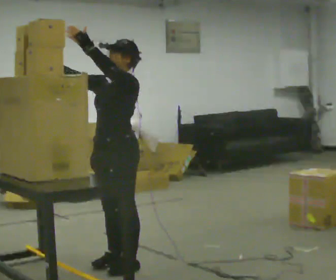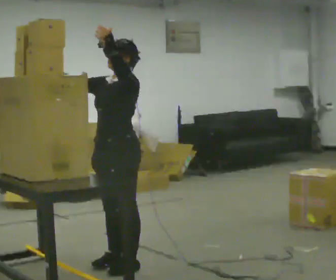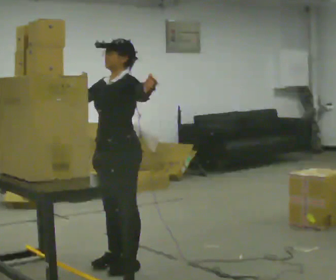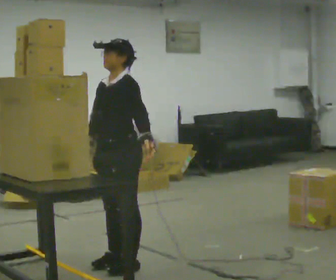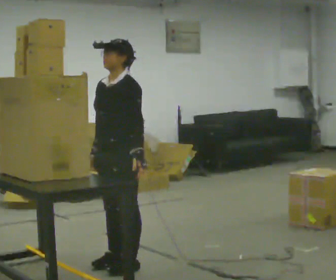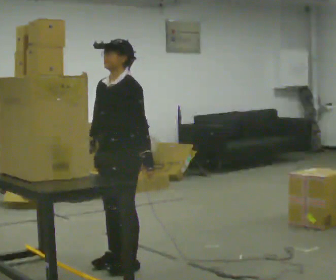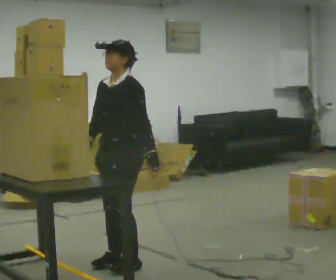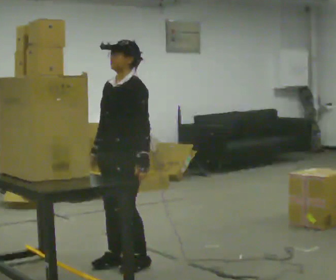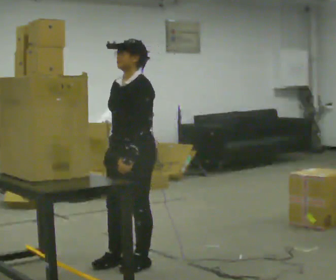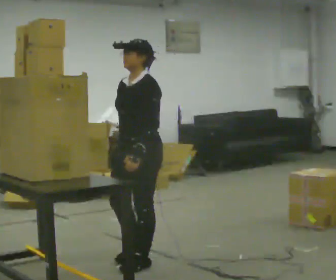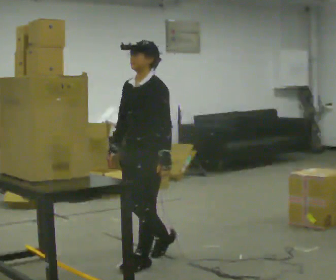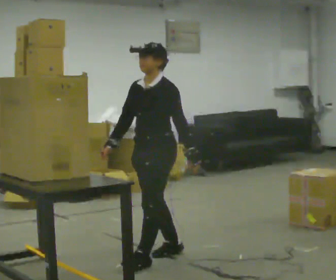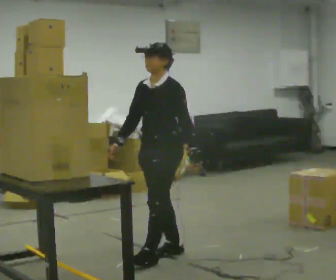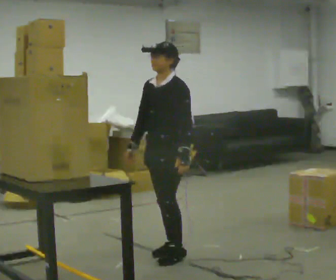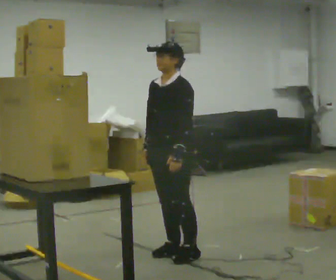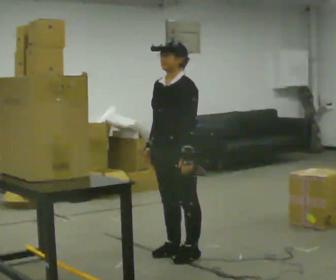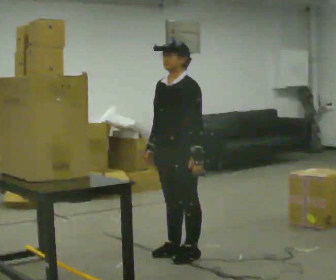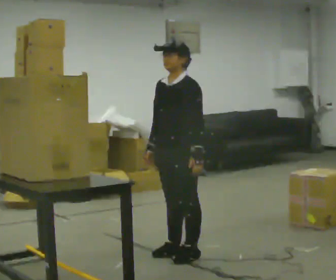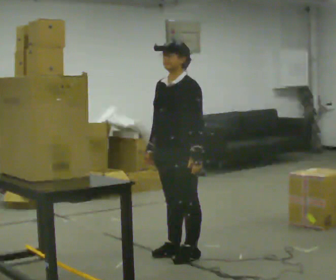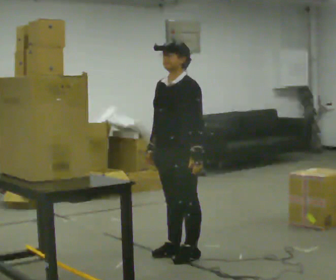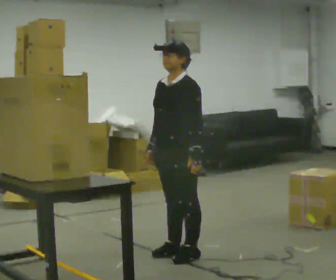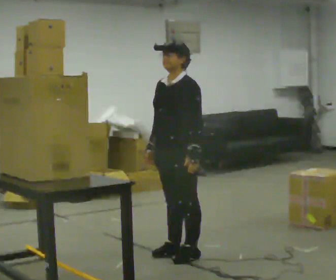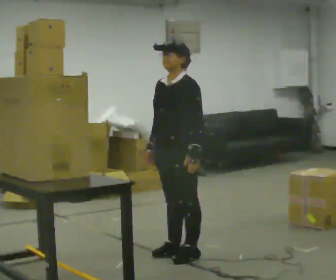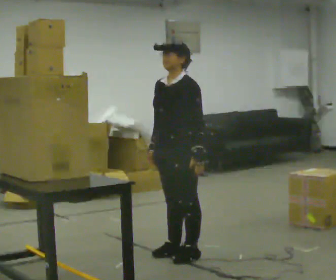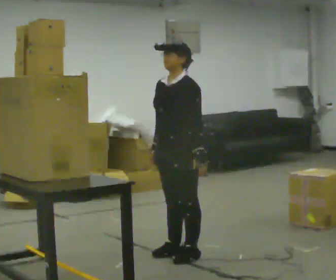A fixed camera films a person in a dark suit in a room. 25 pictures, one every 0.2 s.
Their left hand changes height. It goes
downward.
0.0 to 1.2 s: In the picture their left hand goes downward and to the right.
1.2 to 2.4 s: In the picture they go to the right and away from the camera, about 0.25 m in 2 steps, which for them is backward.
2.4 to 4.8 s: The person moves a little, or ends about where they began.
The film runs backward here.
